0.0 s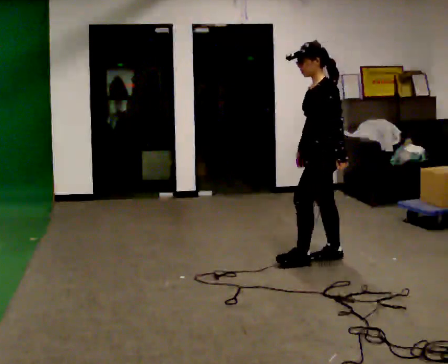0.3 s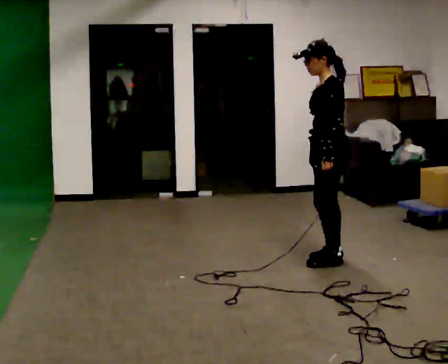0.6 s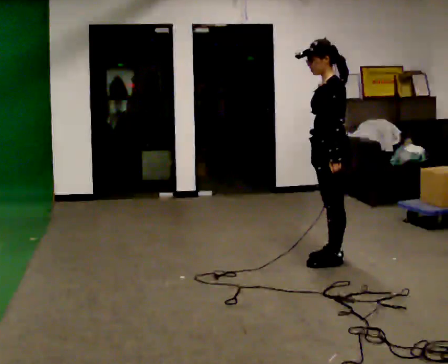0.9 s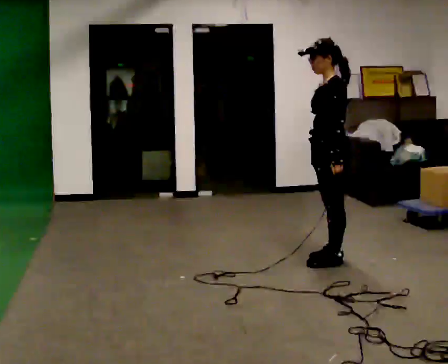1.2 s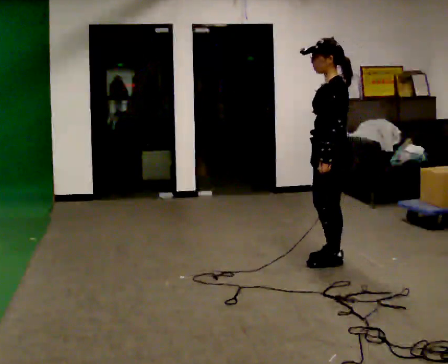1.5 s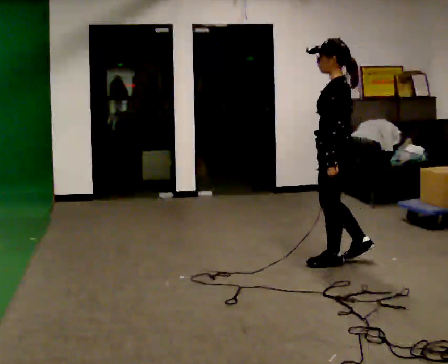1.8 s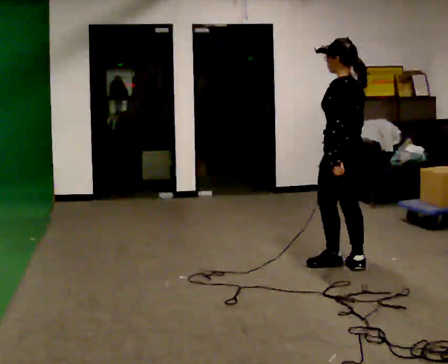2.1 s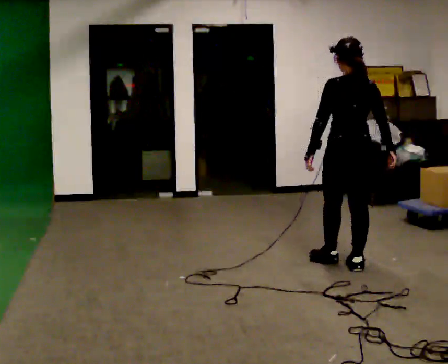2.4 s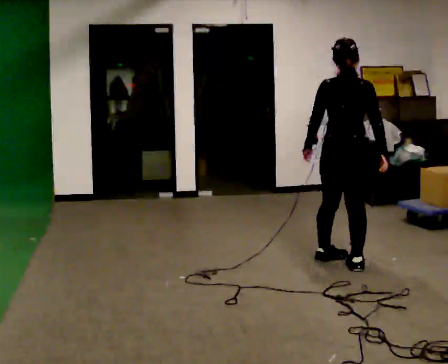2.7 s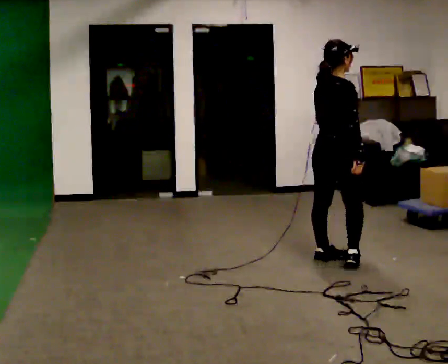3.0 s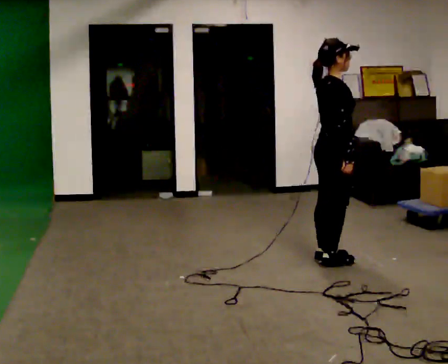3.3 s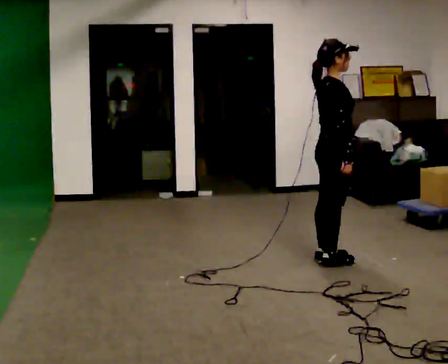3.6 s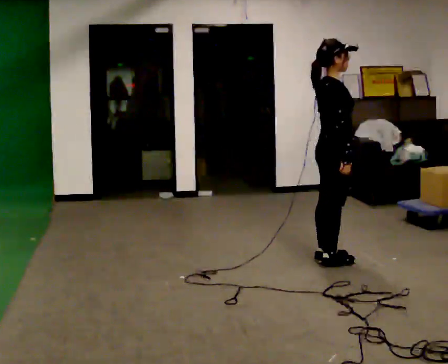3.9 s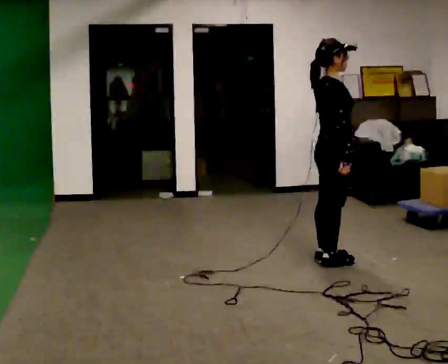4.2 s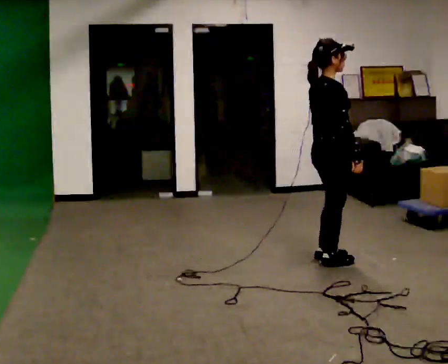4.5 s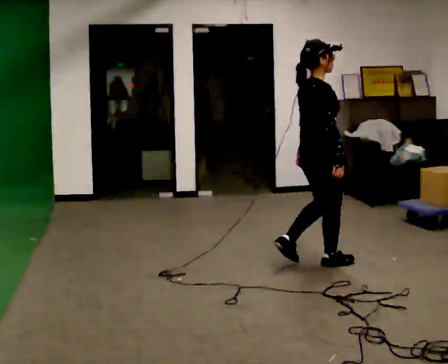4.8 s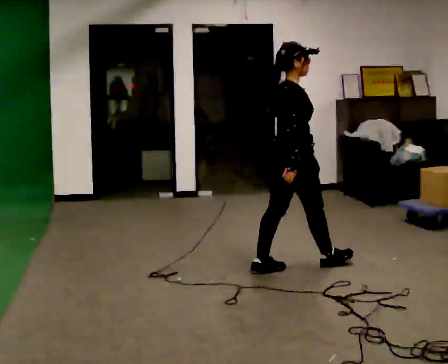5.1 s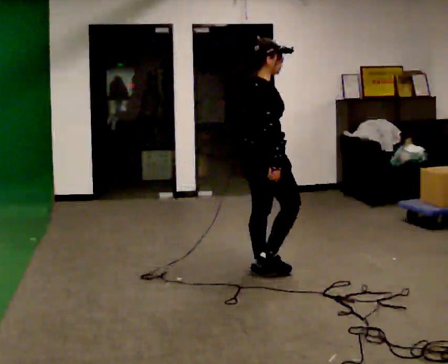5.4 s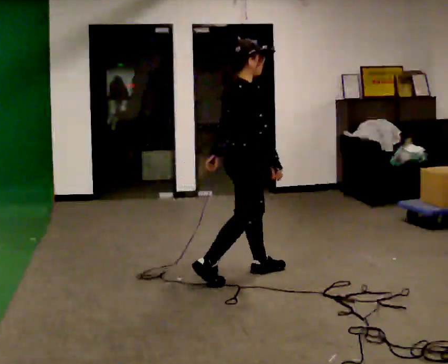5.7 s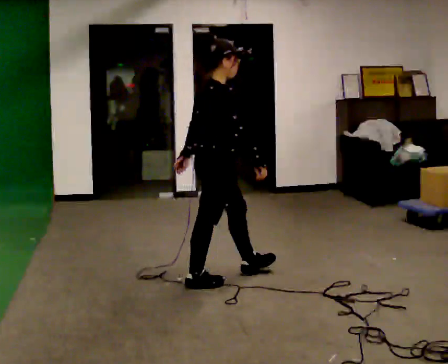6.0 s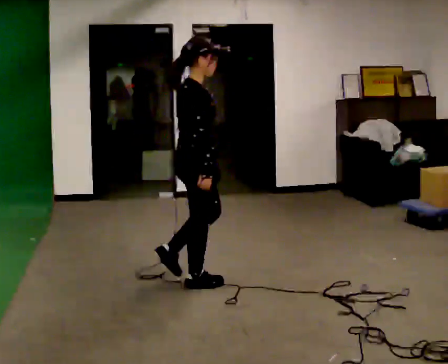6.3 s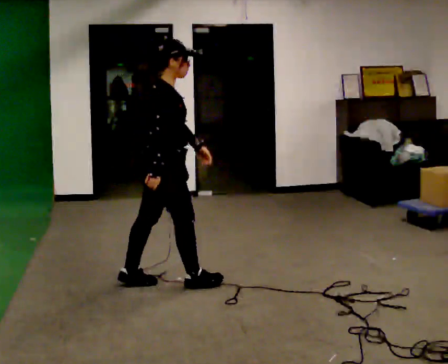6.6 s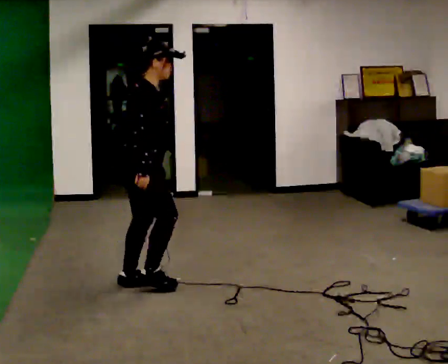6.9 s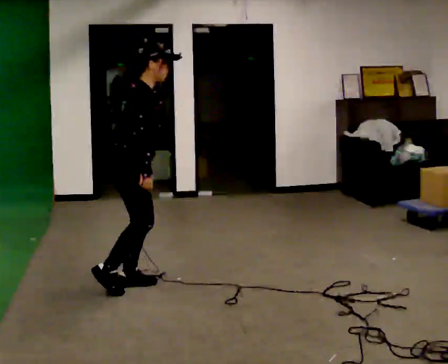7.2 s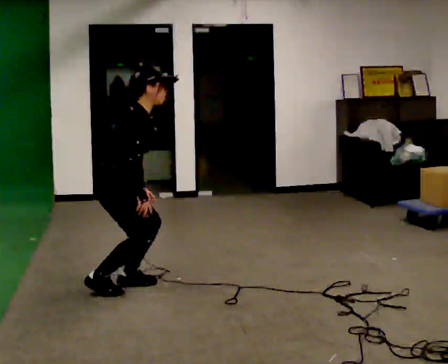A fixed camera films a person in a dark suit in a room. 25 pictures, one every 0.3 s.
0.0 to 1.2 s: The person moves a little, or ends about where they began.
1.2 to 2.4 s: The part of the body nearest the lens slides to the left as the person turns to their right by about 105 degrees.
2.4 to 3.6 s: Seen from above the body turns clockwise, about 60 degrees: to their right, with its near side sliding to the left.
3.6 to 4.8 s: In the picture they go to the left and toward the camera, about 0.25 m in 1 step, which for them is backward.
4.8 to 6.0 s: In the picture they go to the left and toward the camera, about 0.5 m in 2 steps, which for them is backward.
6.0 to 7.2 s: In the picture they go to the left, about 0.5 m in 1 step, which for them is backward. The upper body goes downward. In the picture the upper body tilts clockwise, shoulders to the right, as they bend forward.
The film runs backward here.
